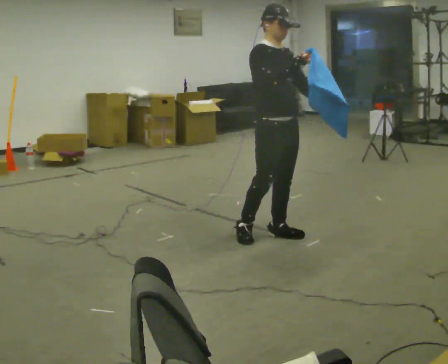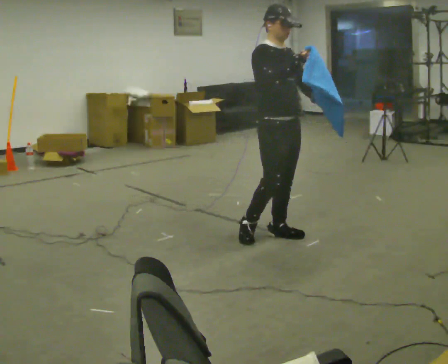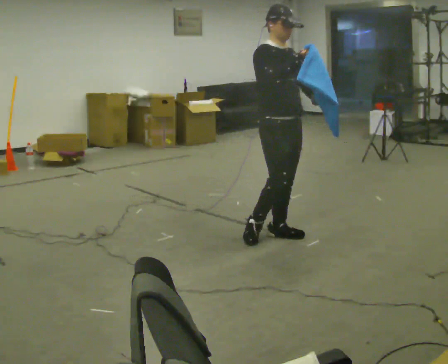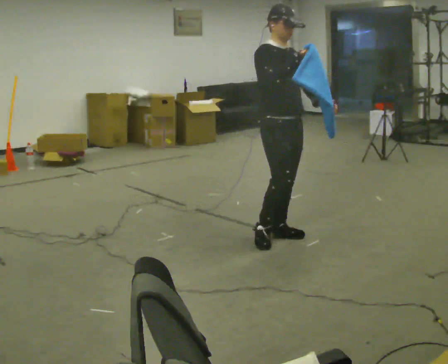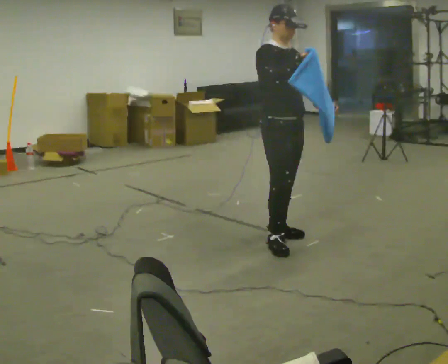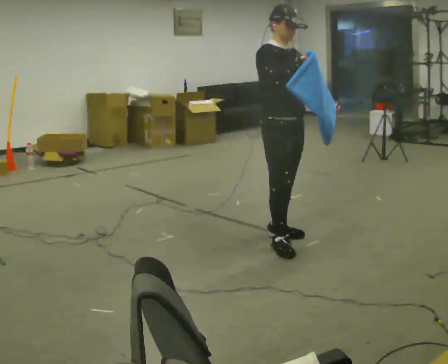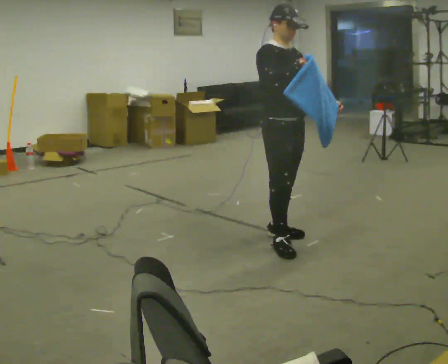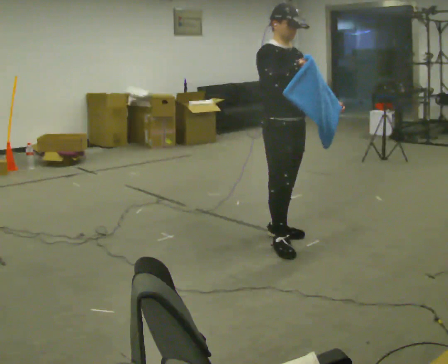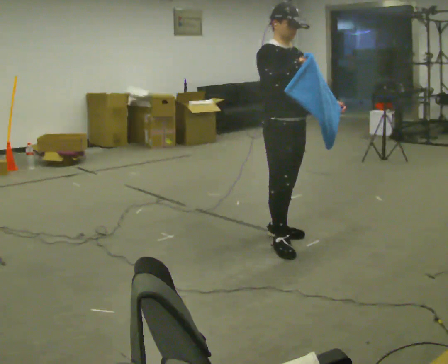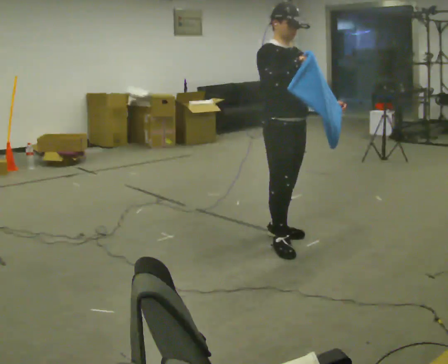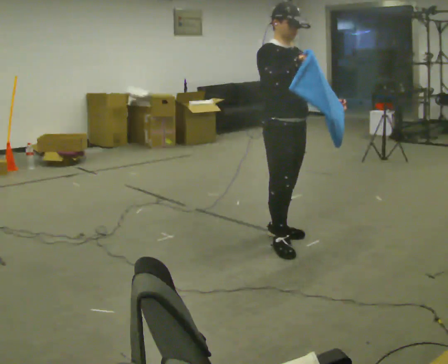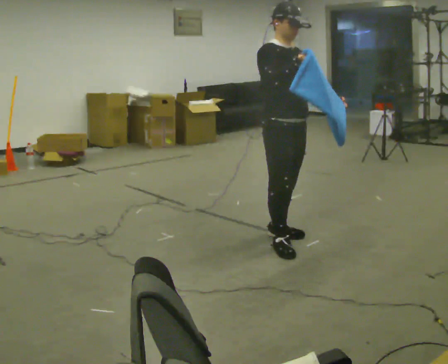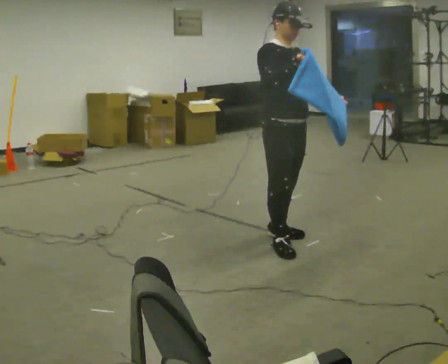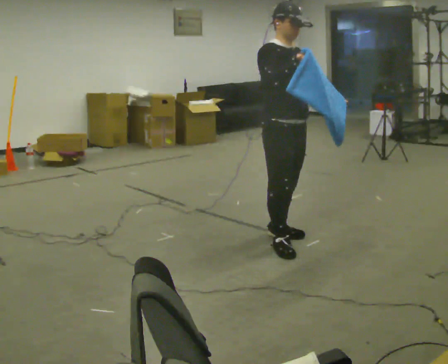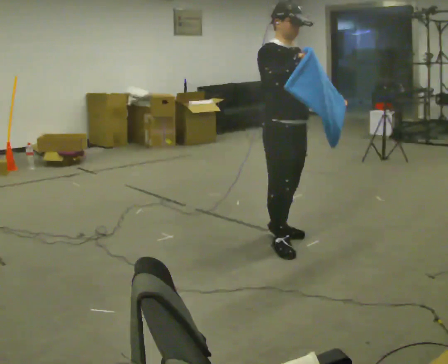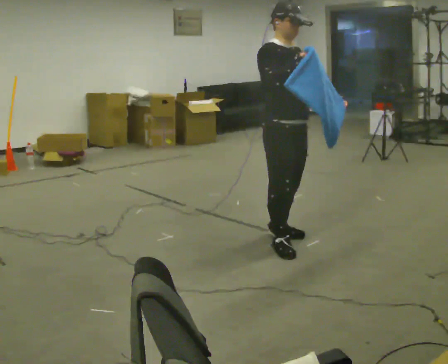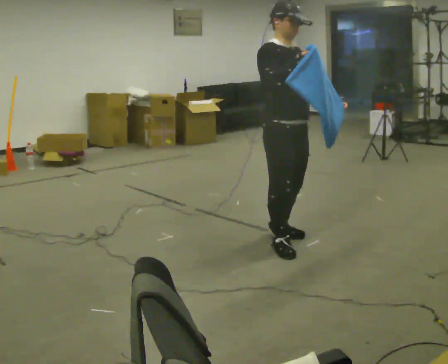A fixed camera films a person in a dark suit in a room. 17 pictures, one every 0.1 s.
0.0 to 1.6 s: In the picture they go toward the camera, about 0.25 m in 1 step, which for them is forward and to their right.
The film runs forward here.
